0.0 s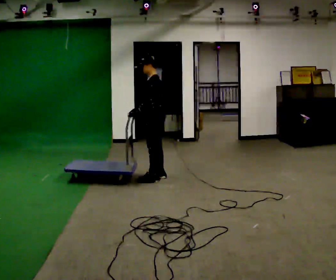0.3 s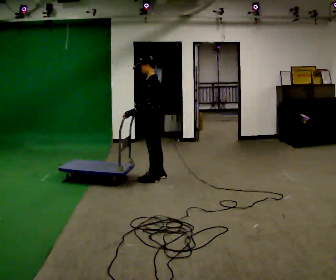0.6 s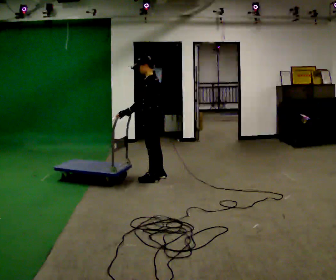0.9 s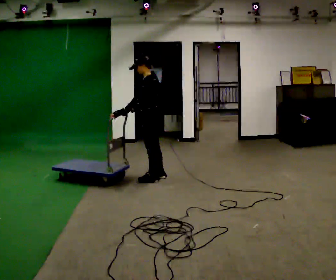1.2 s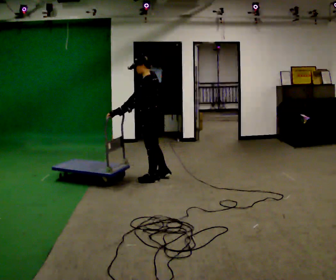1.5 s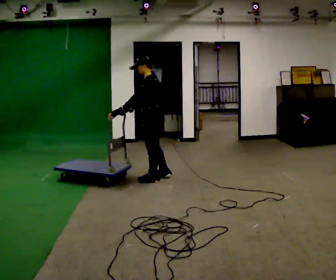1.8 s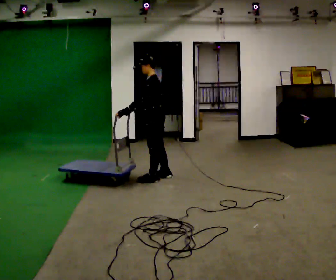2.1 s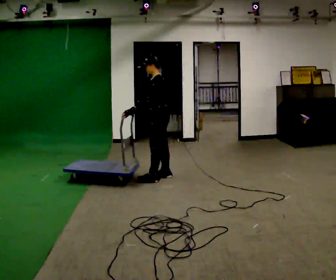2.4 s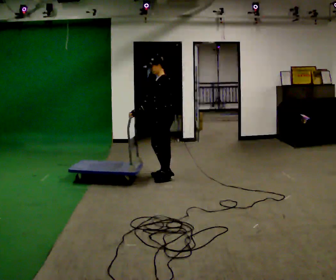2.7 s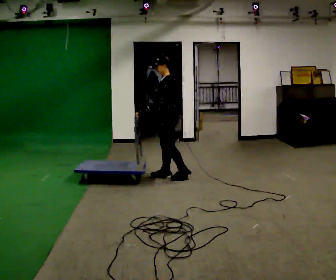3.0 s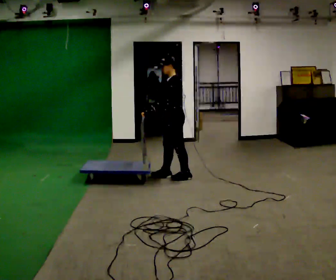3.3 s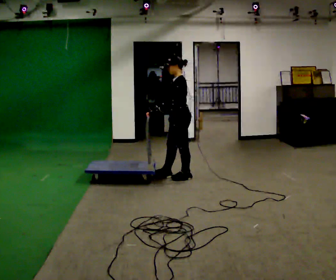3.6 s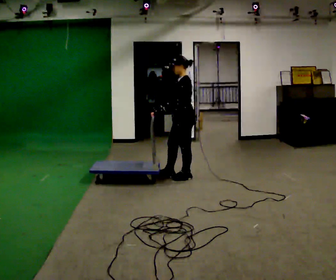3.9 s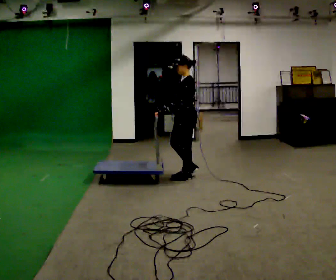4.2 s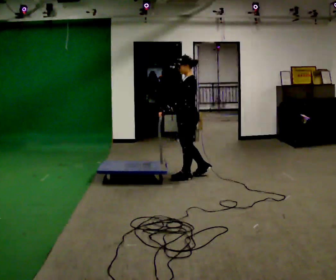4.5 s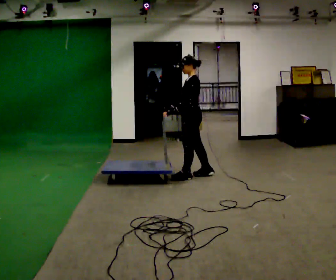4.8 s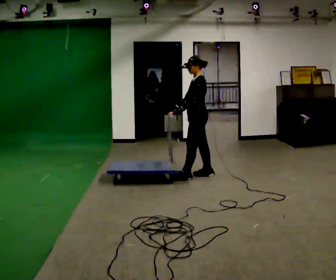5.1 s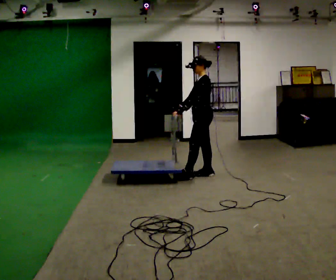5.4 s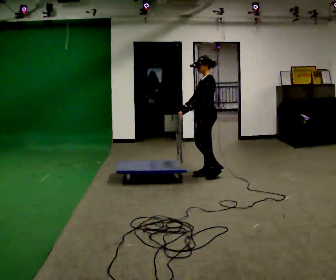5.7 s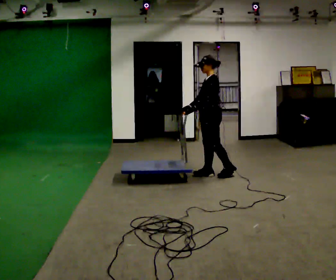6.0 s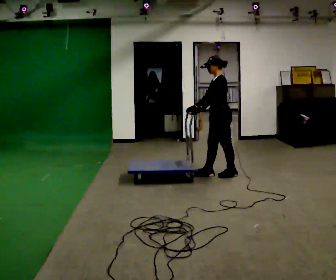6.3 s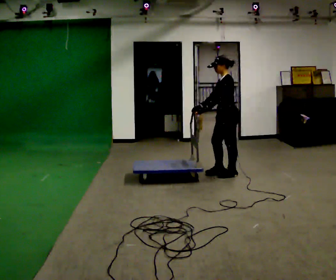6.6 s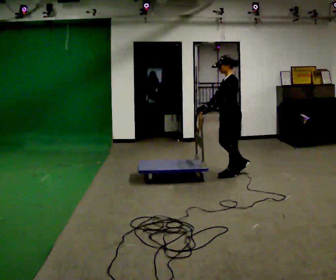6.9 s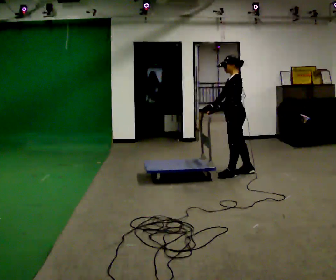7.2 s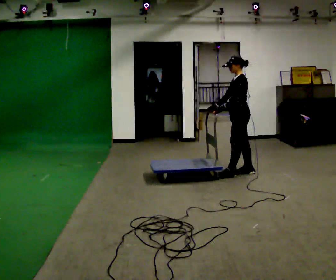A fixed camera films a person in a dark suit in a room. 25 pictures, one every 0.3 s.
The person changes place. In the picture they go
to the right.
0.0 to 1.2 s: The person moves a little, or ends about where they began.
1.2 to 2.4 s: In the picture they go away from the camera, about 0.25 m in 1 step, which for them is backward and to their right.
2.4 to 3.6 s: In the picture they go to the right, about 0.25 m in 1 step, which for them is backward.
3.6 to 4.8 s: In the picture they go to the right, about 0.25 m, which for them is backward.
4.8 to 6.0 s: In the picture they go to the right, about 0.25 m in 1 step, which for them is backward.
6.0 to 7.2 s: In the picture they go to the right, about 0.25 m in 1 step, which for them is backward.
The film runs backward here.
